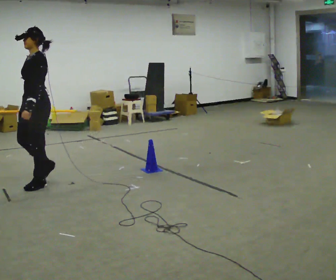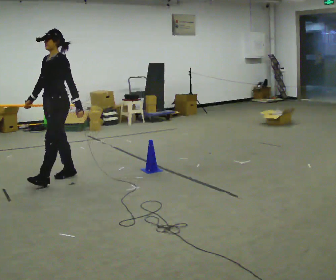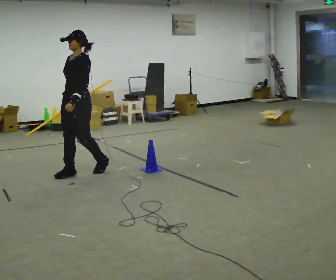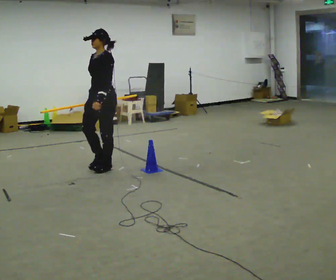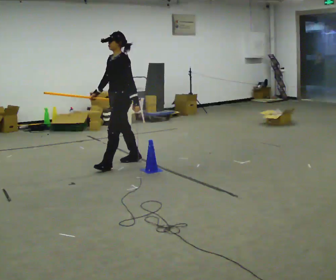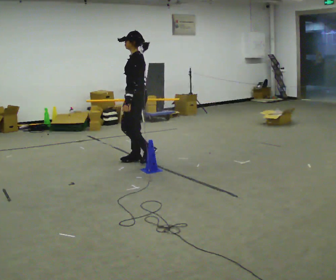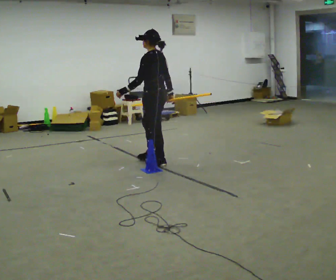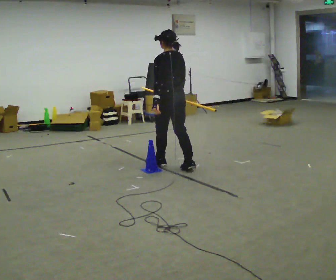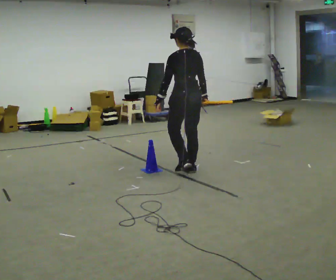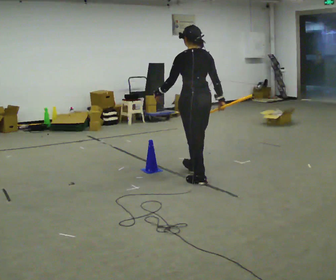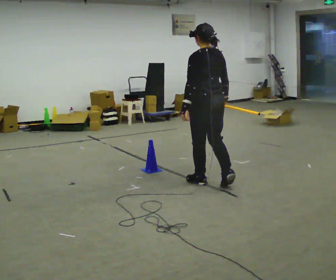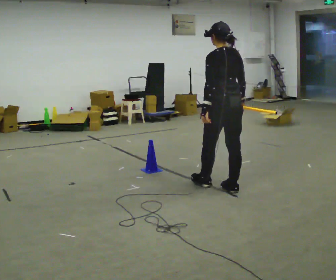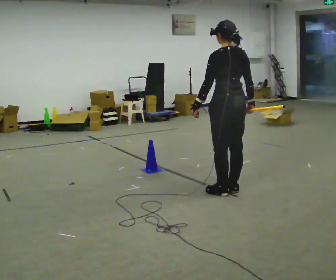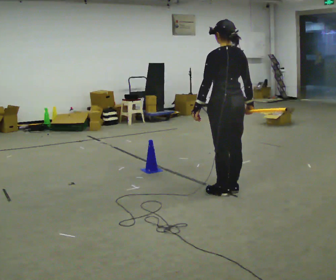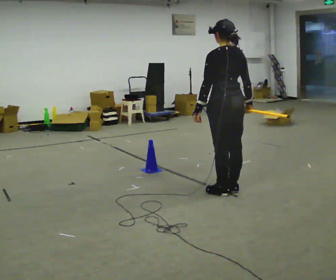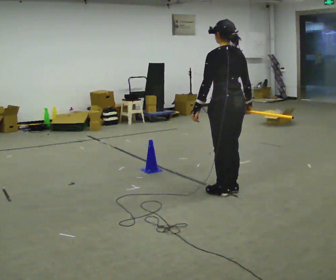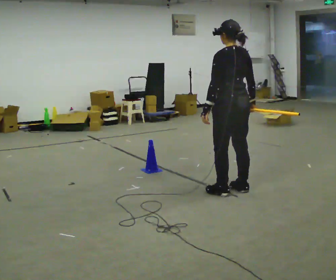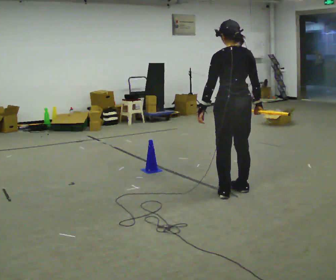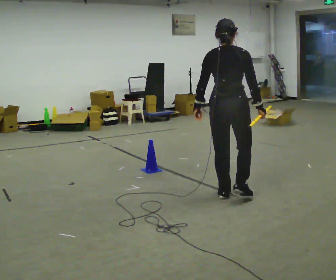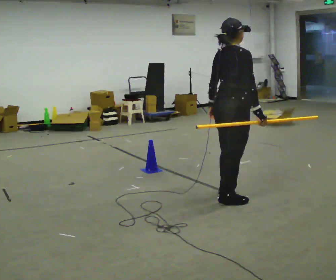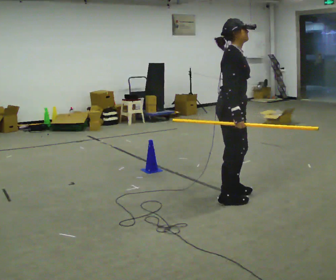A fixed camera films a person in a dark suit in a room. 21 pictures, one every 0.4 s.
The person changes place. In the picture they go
to the right.
The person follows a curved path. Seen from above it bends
clockwise.
0.0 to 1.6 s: In the picture they go away from the camera and to the right, about 1 m in 2 steps, which for them is backward.
1.6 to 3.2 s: The part of the body nearest the lens slides to the left as the person turns to their right by about 90 degrees. In the picture they go to the right, about 1 m in 3 steps.
3.2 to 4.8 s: In the picture they go toward the camera and to the right, about 1 m in 2 steps, which for them is backward.
4.8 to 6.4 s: The person moves a little, or ends about where they began.
6.4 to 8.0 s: The person turns about 135 degrees to their right, clockwise seen from above, so the part of the body nearest the lens slides to the left. In the picture they go toward the camera, about 0.25 m in 2 steps.
The film runs backward here.
